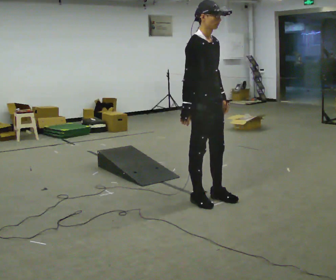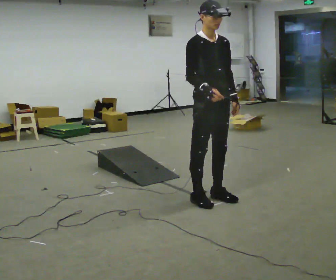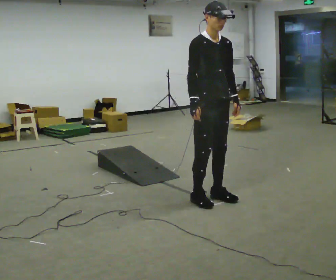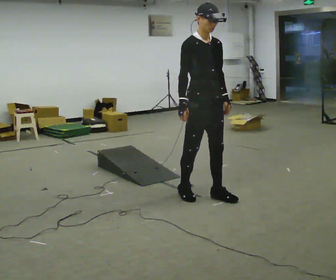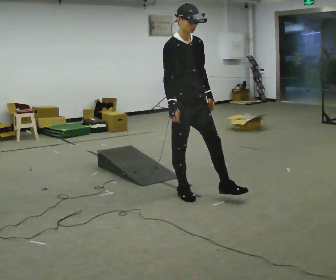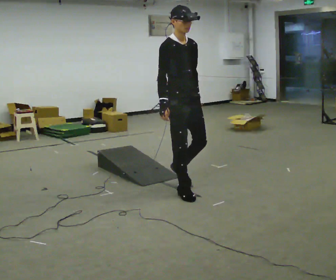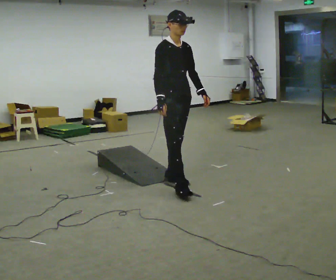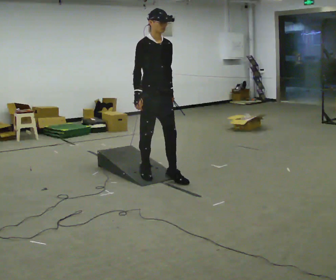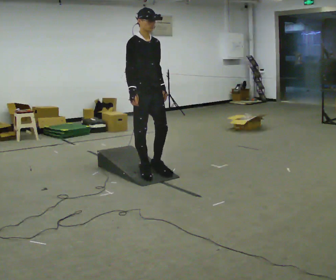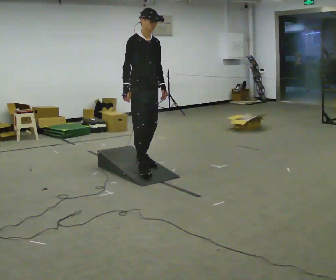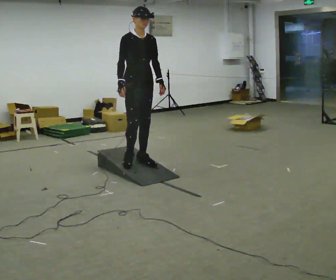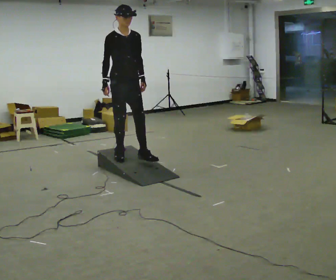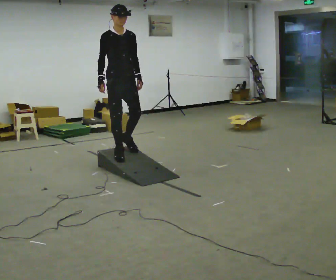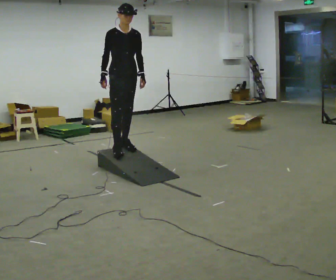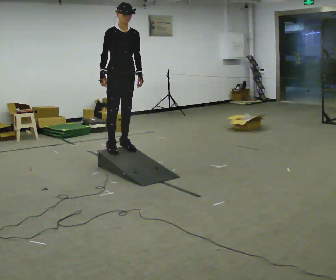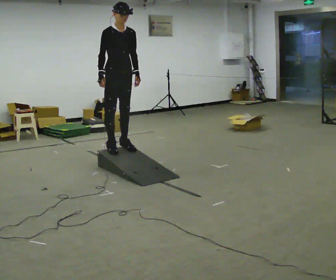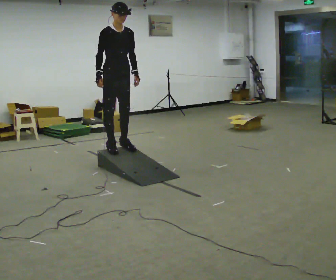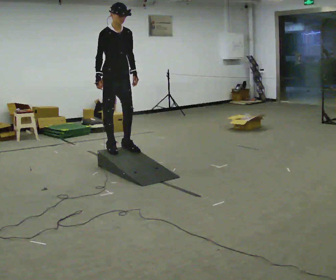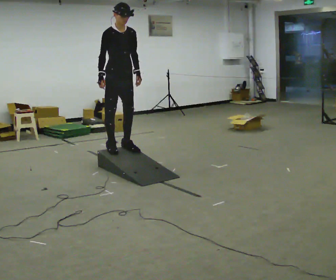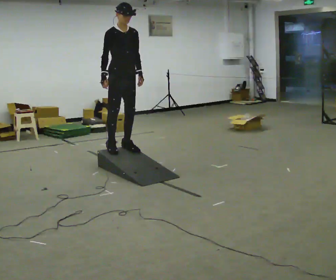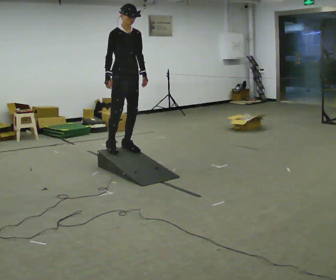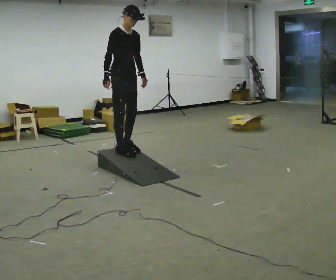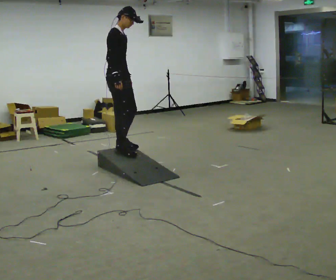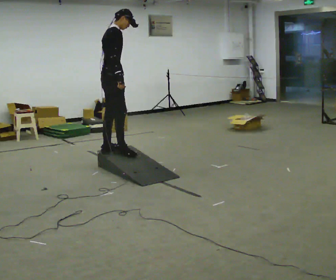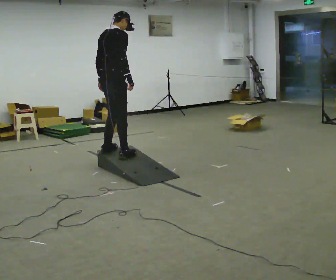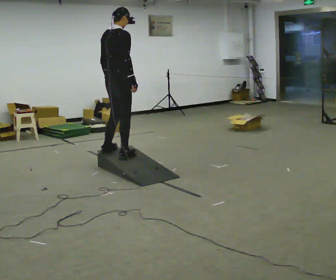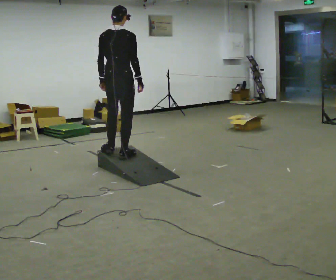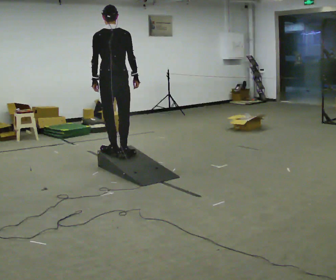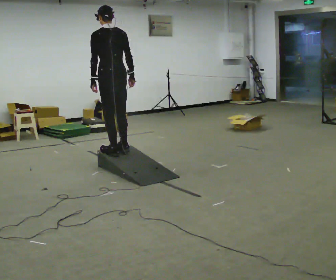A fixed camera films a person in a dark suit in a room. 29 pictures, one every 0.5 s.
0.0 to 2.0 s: In the picture they go away from the camera, about 0.25 m in 1 step, which for them is backward.
2.0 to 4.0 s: In the picture they go away from the camera and to the left, about 0.5 m in 3 steps, which for them is backward.
4.0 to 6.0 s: In the picture they go away from the camera and to the left, about 0.5 m in 2 steps, which for them is backward.
6.0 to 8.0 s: In the picture they go away from the camera, about 0.25 m in 1 step, which for them is backward.
8.0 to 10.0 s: The person moves a little, or ends about where they began.
10.0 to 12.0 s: The person turns about 105 degrees to their left, counterclockwise seen from above, so the part of the body nearest the lens slides to the right. In the picture they go toward the camera and to the left, about 0.25 m in 3 steps. The upper body tips away from the camera, its near side rolling upward.
12.0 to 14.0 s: The part of the body nearest the lens slides to the right as the person turns to their left by about 75 degrees. In the picture the upper body tilts counterclockwise, shoulders to the left.
The film runs backward here.
